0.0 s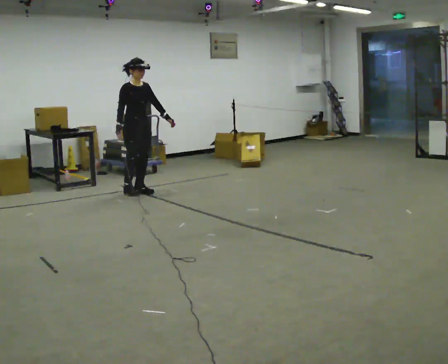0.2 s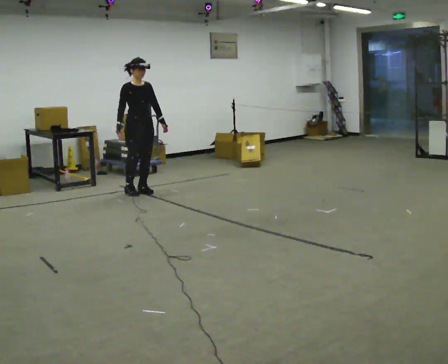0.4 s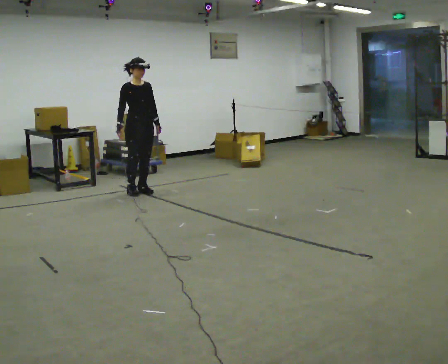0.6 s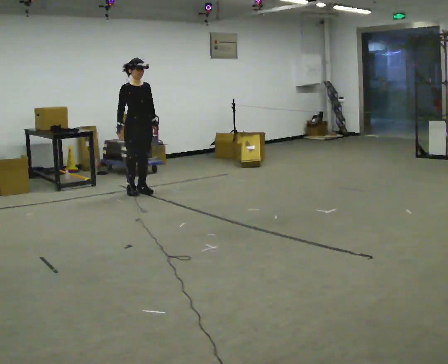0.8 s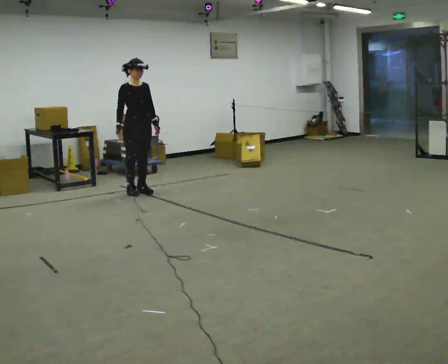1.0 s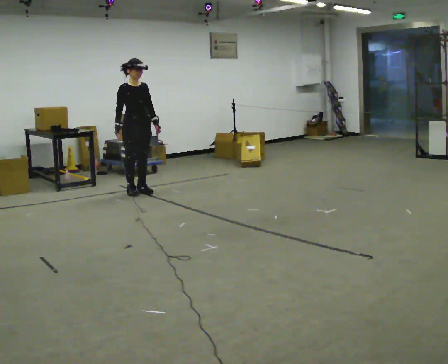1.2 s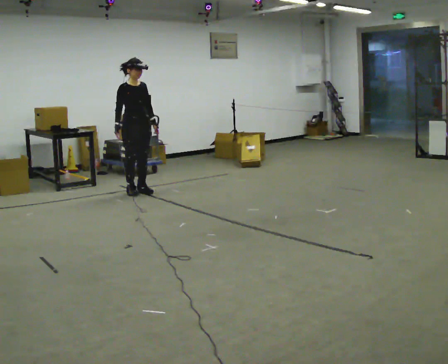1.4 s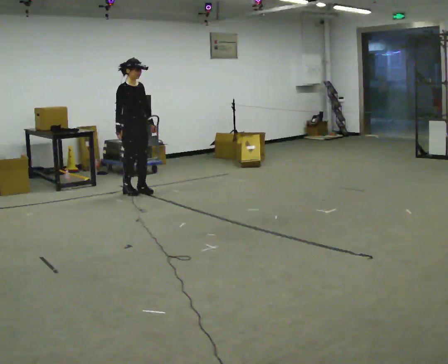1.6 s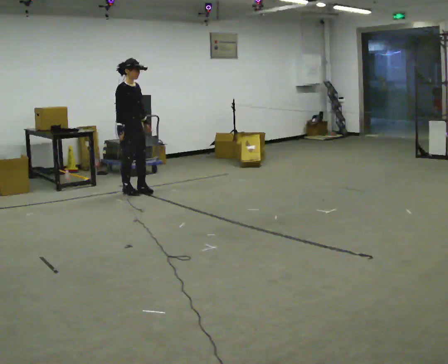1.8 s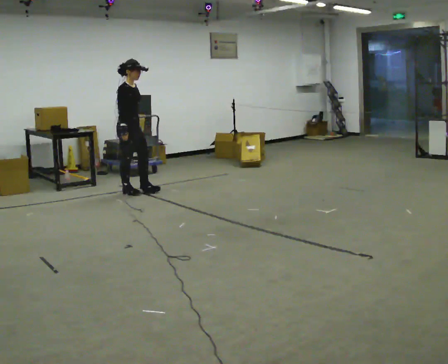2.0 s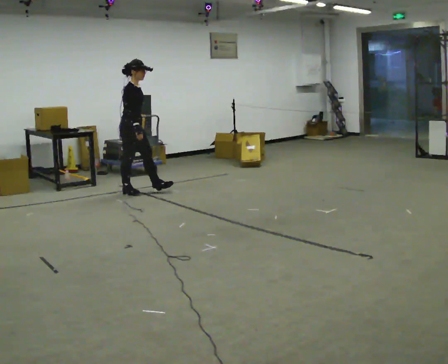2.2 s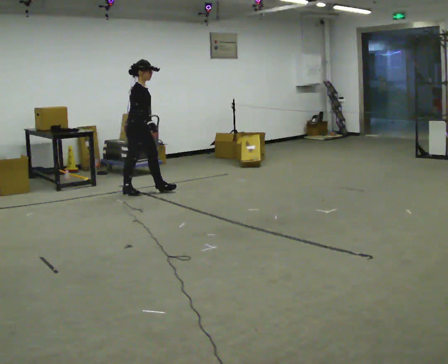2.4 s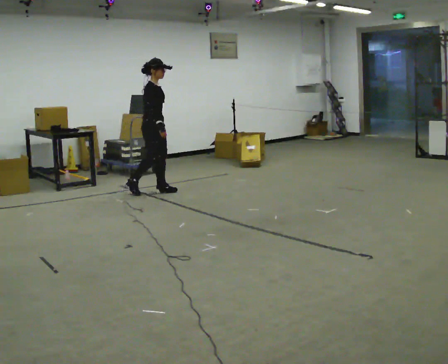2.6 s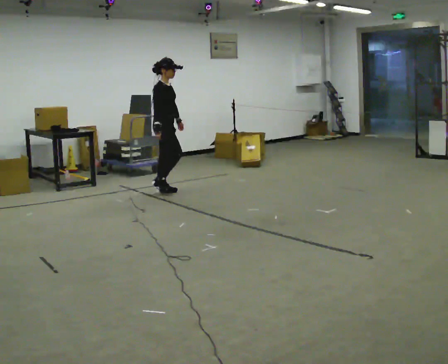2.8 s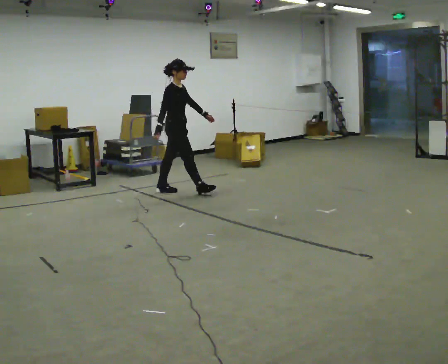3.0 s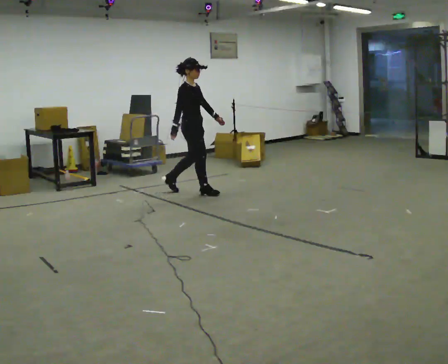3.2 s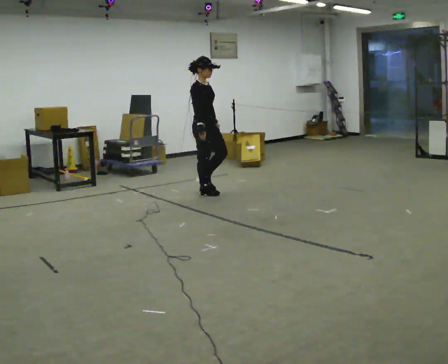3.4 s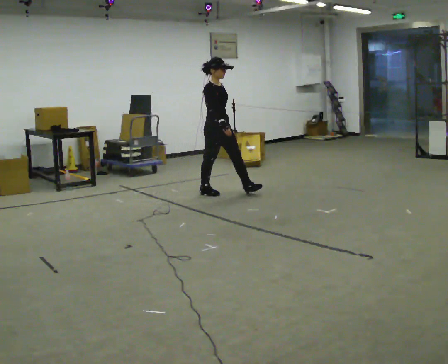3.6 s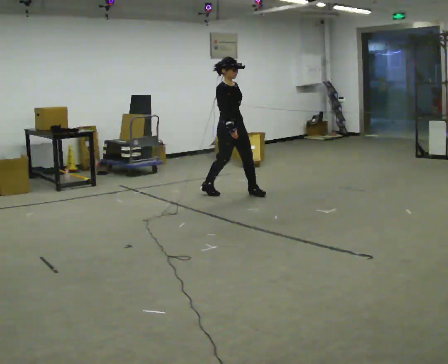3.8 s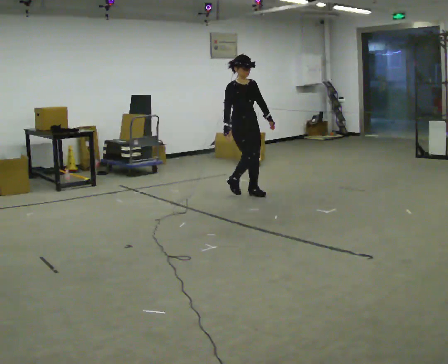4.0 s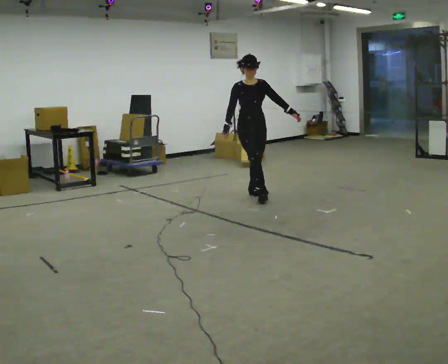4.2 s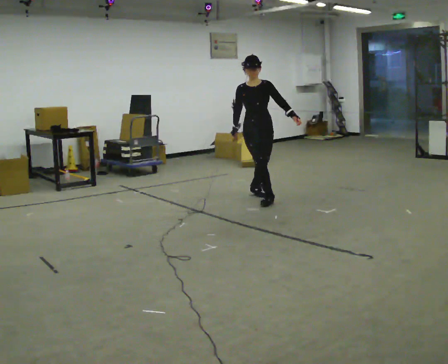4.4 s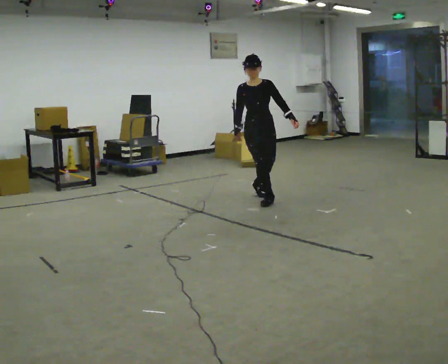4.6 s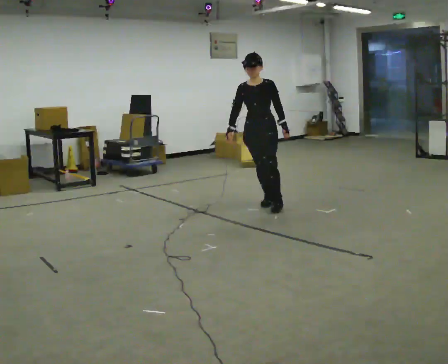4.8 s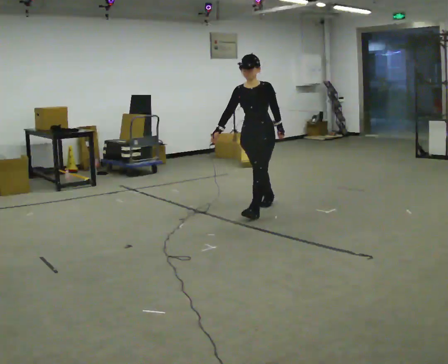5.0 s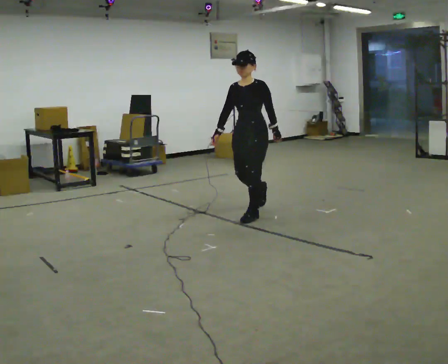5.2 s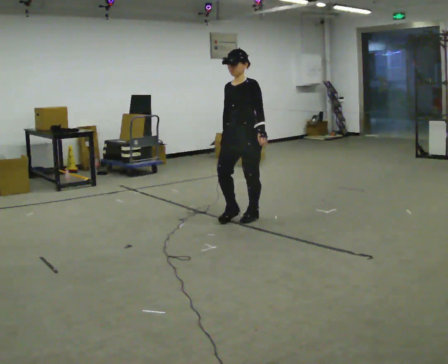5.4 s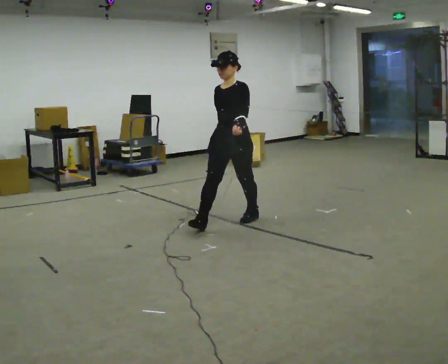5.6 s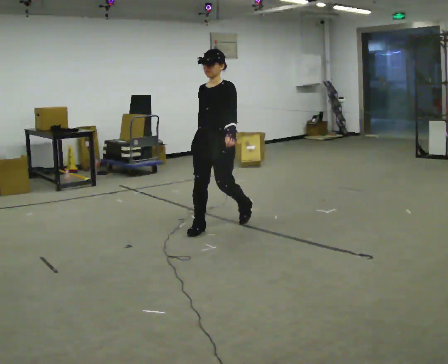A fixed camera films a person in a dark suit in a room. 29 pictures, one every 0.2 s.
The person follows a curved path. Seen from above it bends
clockwise.
The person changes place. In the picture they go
toward the camera.
0.0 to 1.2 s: The person moves a little, or ends about where they began.
1.2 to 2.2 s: Seen from above the body turns counterclockwise, about 45 degrees: to their left, with its near side sliding to the right. In the picture their left hand goes to the left, the arm swinging clockwise.
2.2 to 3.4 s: In the picture they go to the right, about 1 m in 1 step, which for them is forward.
3.4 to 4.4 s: Seen from above the body turns clockwise, about 60 degrees: to their right, with its near side sliding to the left. In the picture they go toward the camera and to the right, about 0.75 m in 2 steps.
4.4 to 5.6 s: Seen from above the body turns clockwise, about 30 degrees: to their right, with its near side sliding to the left. In the picture they go toward the camera and to the left, about 1 m in 2 steps, which for them is forward.
The film runs forward here.
